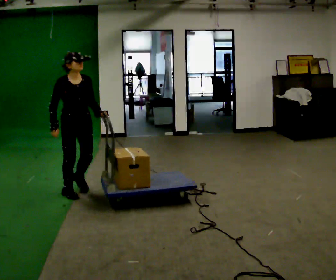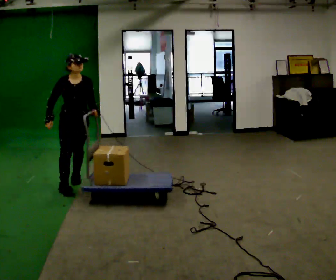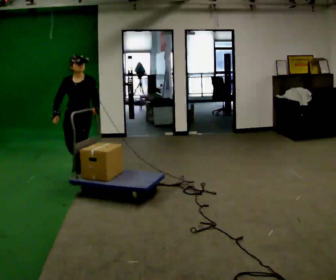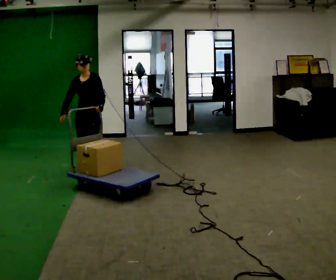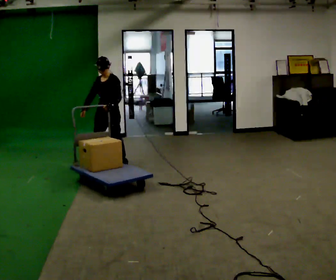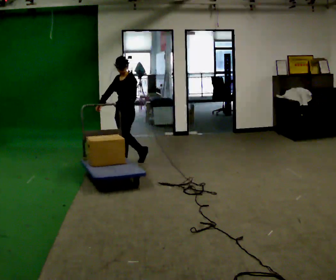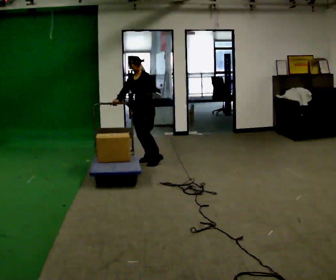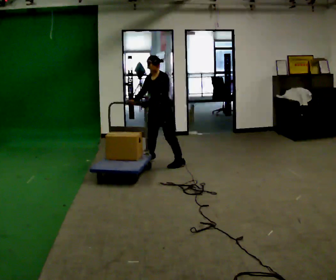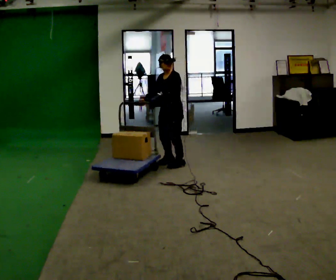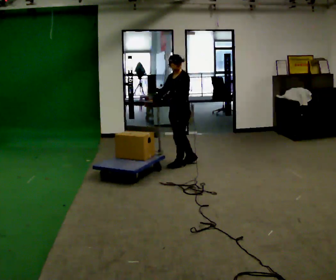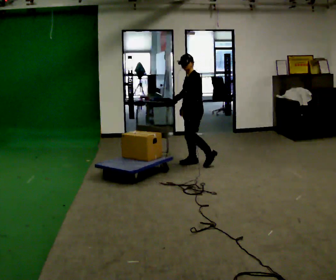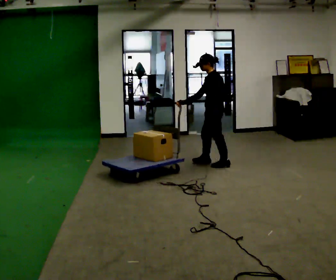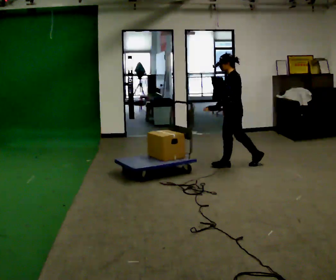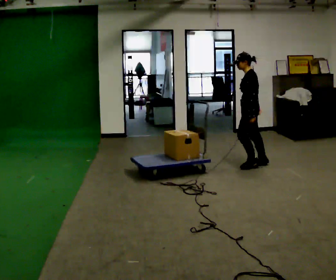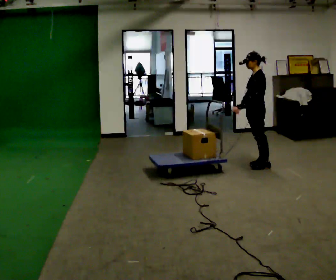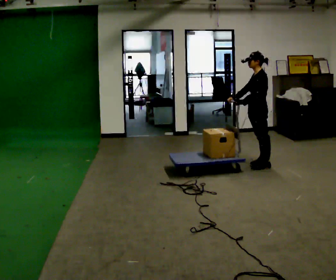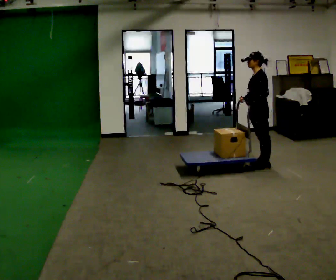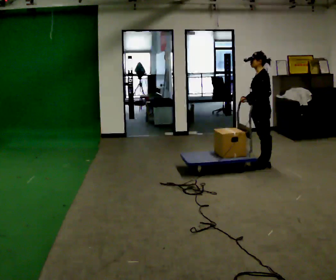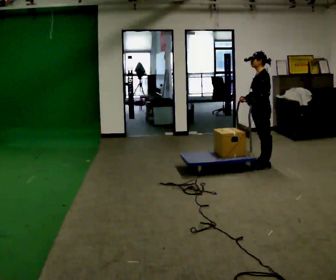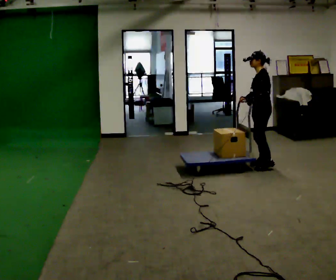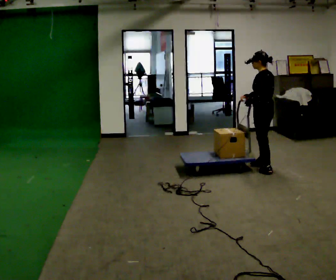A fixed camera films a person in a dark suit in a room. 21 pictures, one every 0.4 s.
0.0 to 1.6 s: The part of the body nearest the lens slides to the left as the person turns to their right by about 75 degrees. In the picture they go away from the camera, about 1 m in 3 steps.
1.6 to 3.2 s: In the picture they go to the right, about 1 m in 2 steps, which for them is backward and to their left.
3.2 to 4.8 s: Seen from above the body turns clockwise, about 60 degrees: to their right, with its near side sliding to the left. In the picture they go to the right, about 1 m in 2 steps, which for them is backward and to their left.
4.8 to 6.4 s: In the picture they go to the right, about 0.25 m in 1 step, which for them is backward.
6.4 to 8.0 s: Seen from above the body turns clockwise, about 30 degrees: to their right, with its near side sliding to the left. In the picture they go toward the camera, about 0.25 m in 1 step, which for them is to their left.
The film runs backward here.
